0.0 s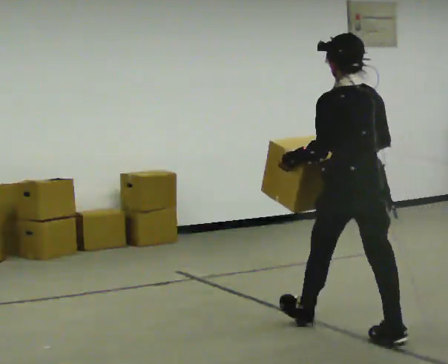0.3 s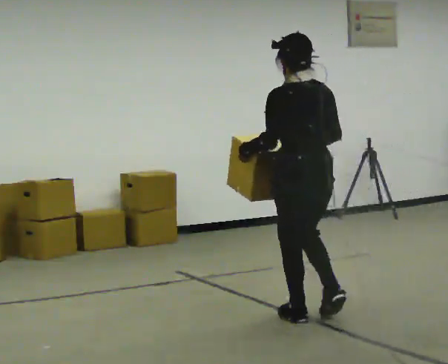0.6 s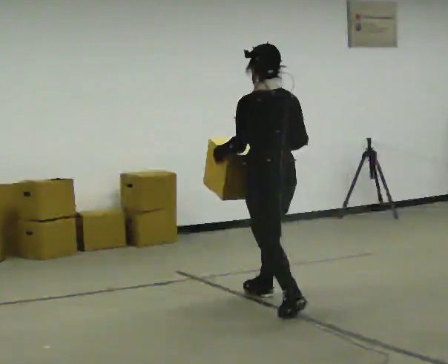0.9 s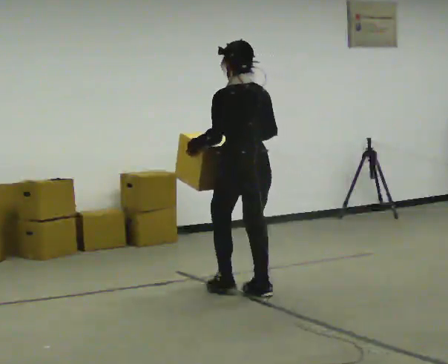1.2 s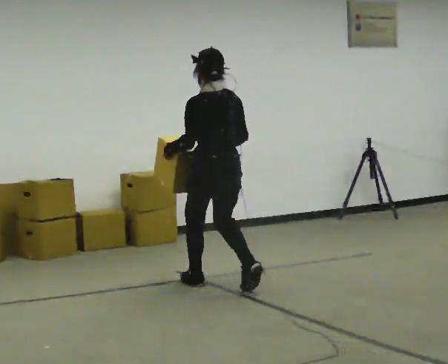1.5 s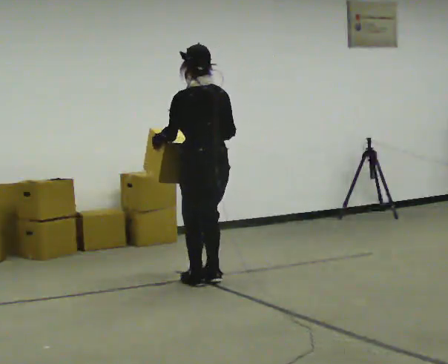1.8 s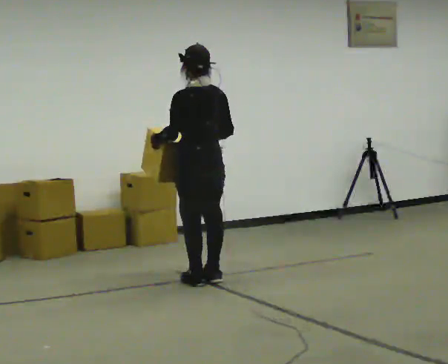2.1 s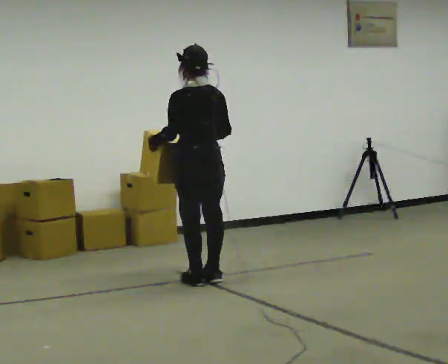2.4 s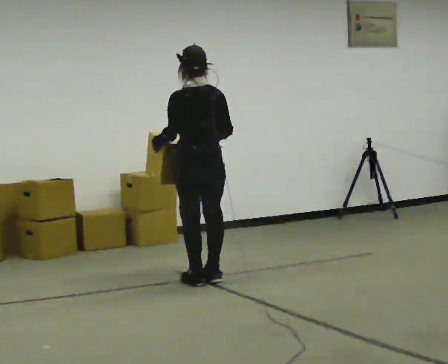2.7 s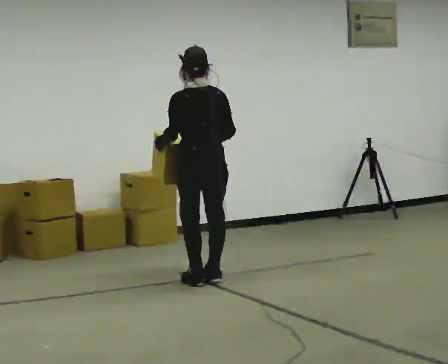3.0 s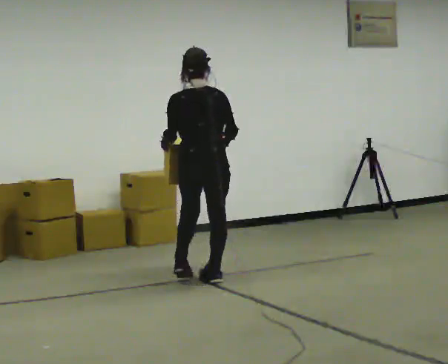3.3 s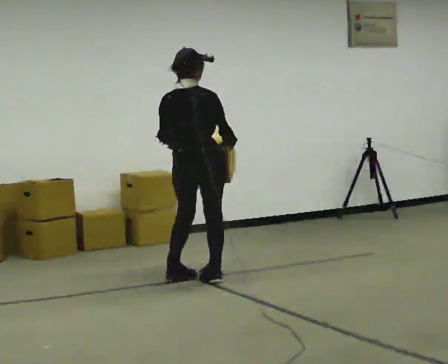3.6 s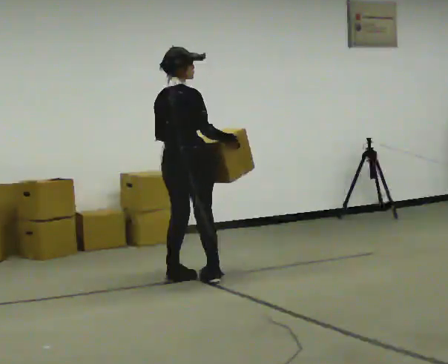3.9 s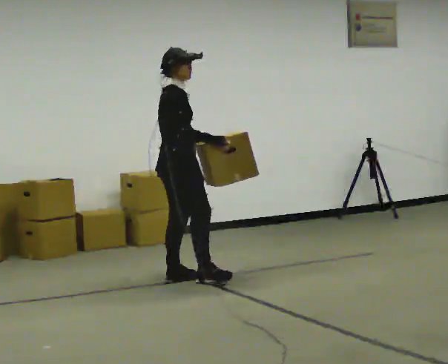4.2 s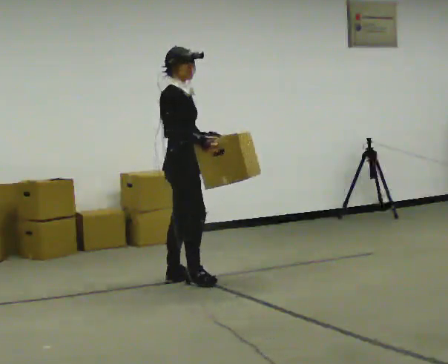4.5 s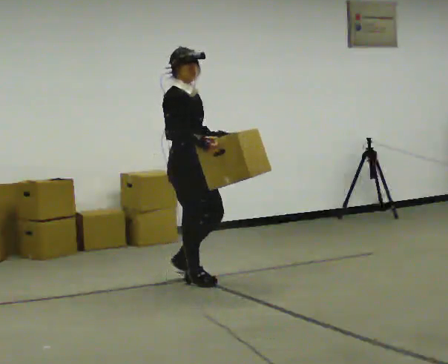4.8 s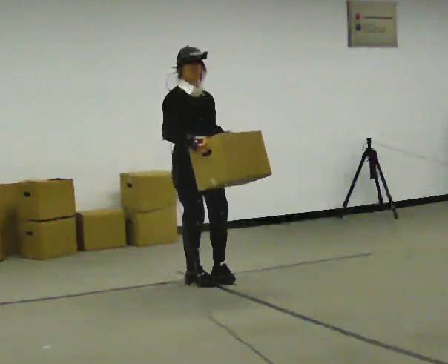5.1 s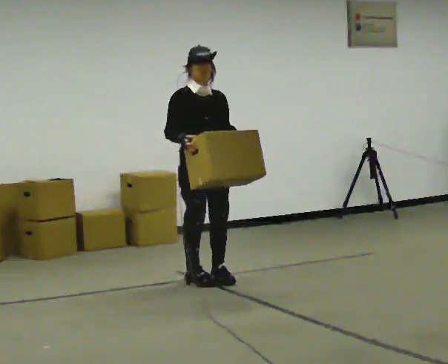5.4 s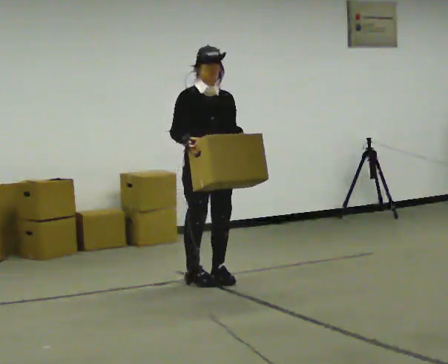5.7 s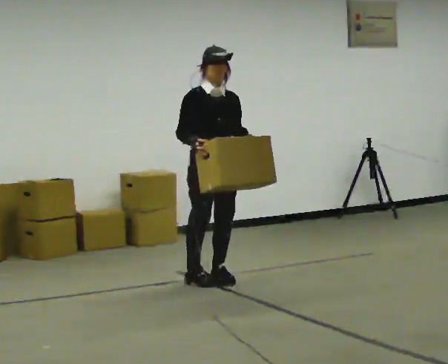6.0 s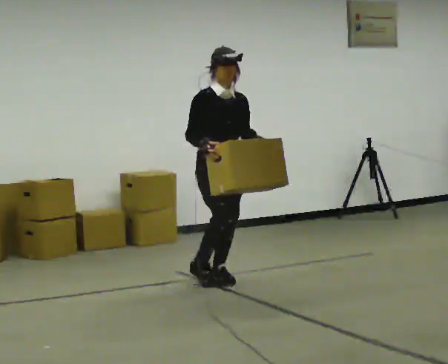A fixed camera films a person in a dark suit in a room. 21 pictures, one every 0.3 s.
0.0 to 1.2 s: In the picture they go away from the camera and to the left, about 1.5 m in 3 steps, which for them is forward.
1.2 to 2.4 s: In the picture they go away from the camera, about 0.25 m in 1 step, which for them is forward.
2.4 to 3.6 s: The person turns about 75 degrees to their right, clockwise seen from above, so the part of the body nearest the lens slides to the left.
3.6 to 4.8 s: Seen from above the body turns clockwise, about 105 degrees: to their right, with its near side sliding to the left.
4.8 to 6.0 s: In the picture they go to the right, about 0.25 m, which for them is forward and to their left.
The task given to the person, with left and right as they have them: Carry the box across the room as briskly as you comfortably can, back and forth. Do not run.
The film runs forward here.
